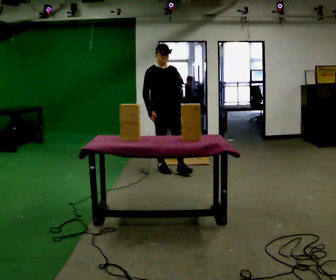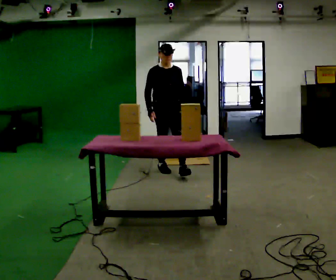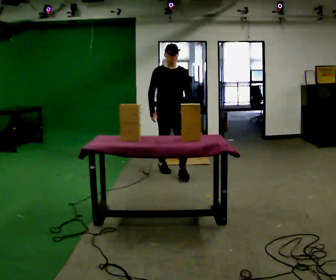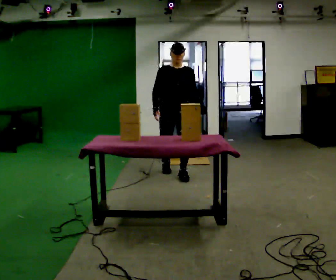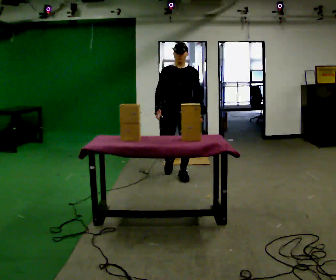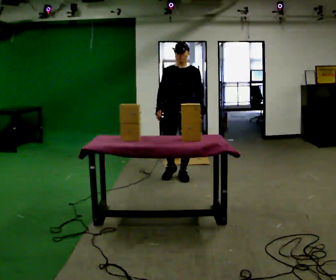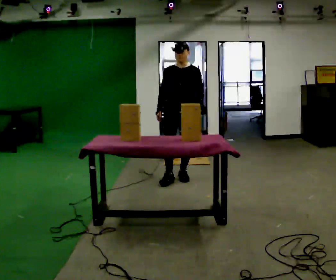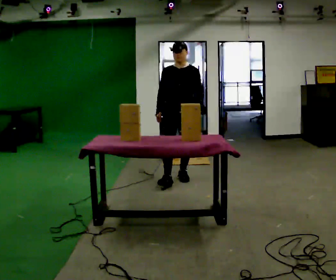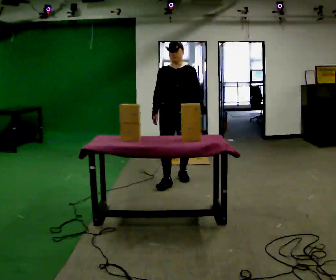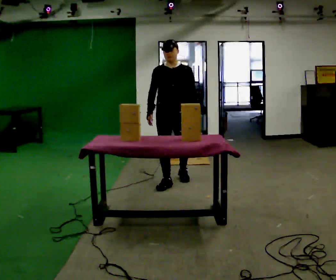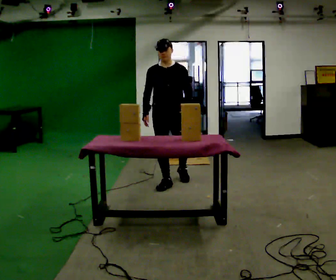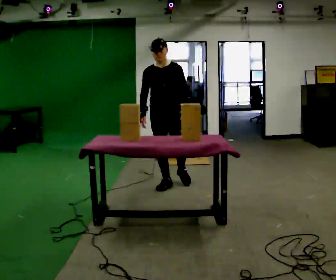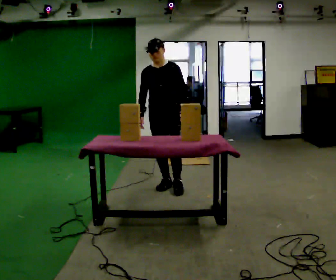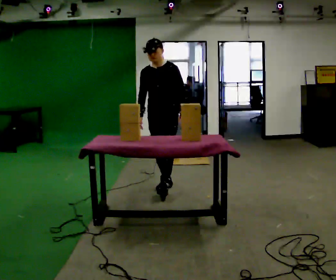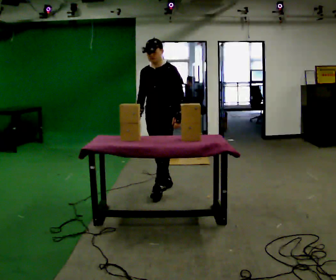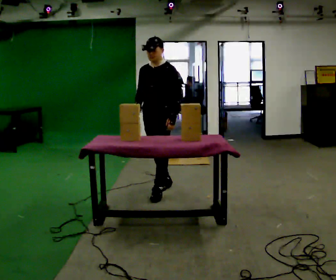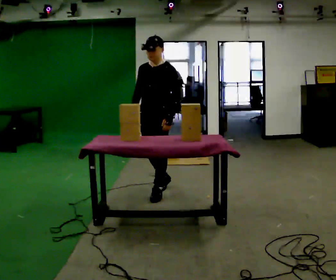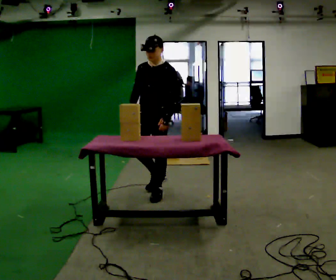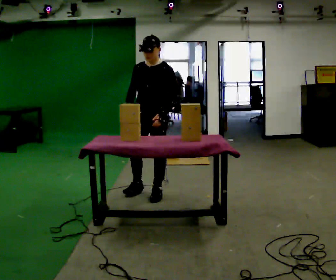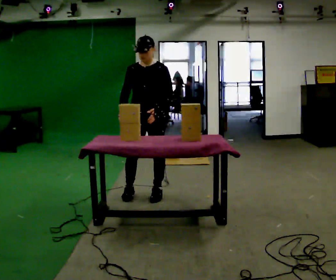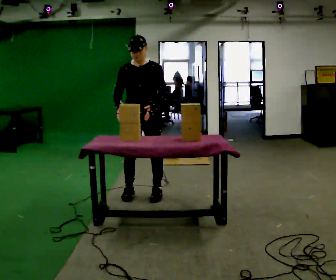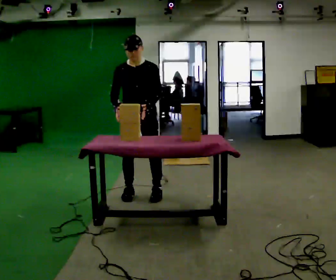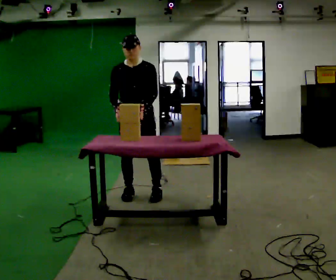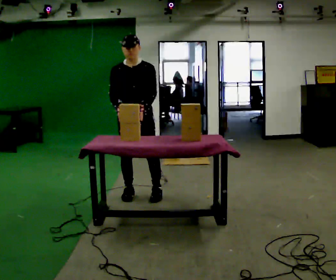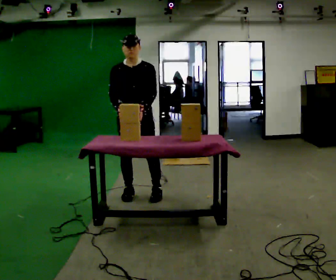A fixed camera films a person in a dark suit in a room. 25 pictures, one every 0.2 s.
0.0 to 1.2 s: The part of the body nearest the lens slides to the left as the person turns to their right by about 30 degrees. In the picture they go toward the camera and to the right, about 0.5 m in 1 step, which for them is forward and to their left.
1.2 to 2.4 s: In the picture they go toward the camera and to the left, about 0.5 m in 1 step, which for them is forward and to their right.
2.4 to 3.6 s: In the picture they go toward the camera and to the left, about 0.25 m in 1 step, which for them is forward.
3.6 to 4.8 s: The part of the body nearest the lens slides to the right as the person turns to their left by about 30 degrees. In the picture they go to the left, about 0.25 m in 1 step, which for them is to their right.
The film runs forward here.
